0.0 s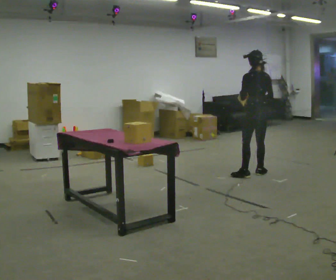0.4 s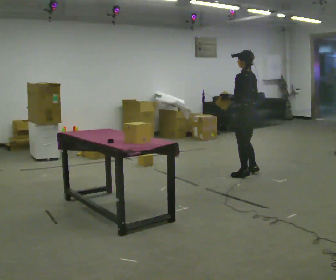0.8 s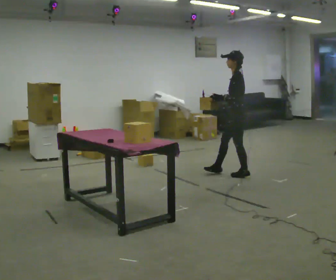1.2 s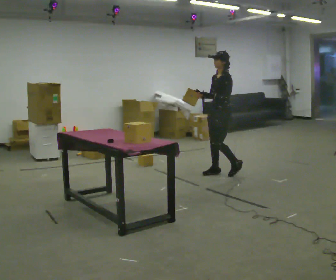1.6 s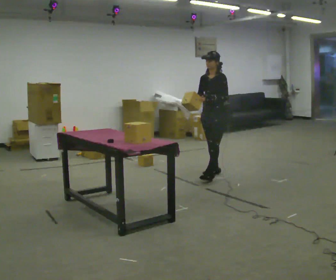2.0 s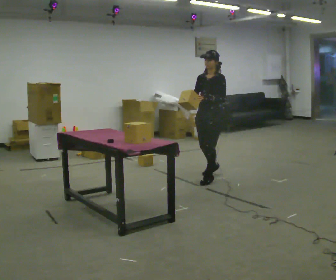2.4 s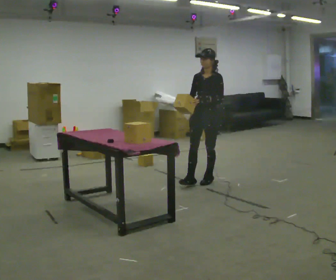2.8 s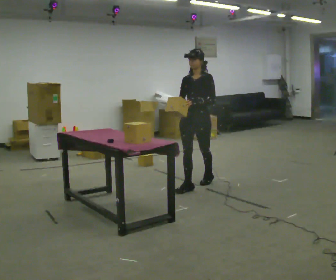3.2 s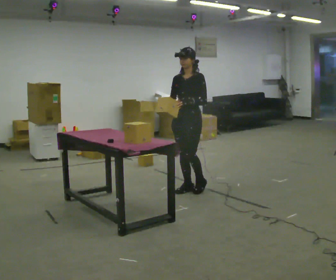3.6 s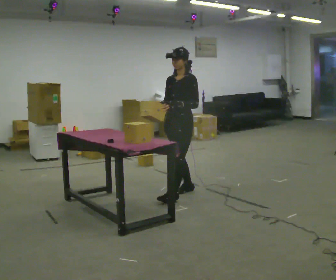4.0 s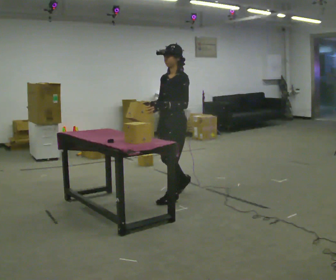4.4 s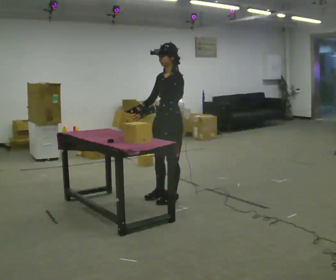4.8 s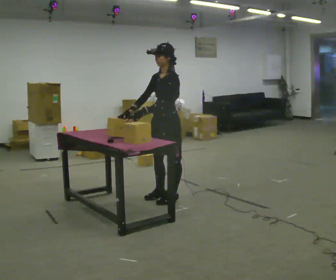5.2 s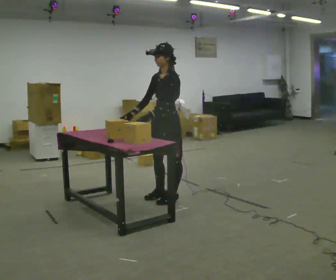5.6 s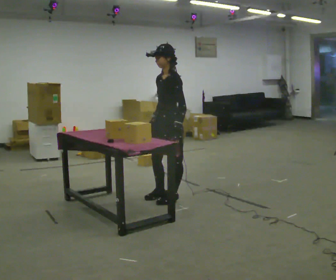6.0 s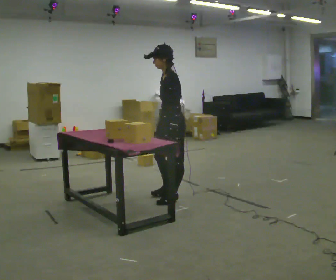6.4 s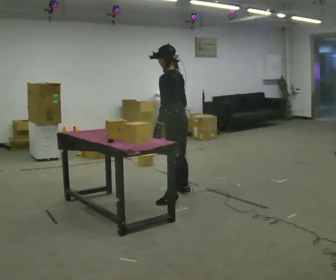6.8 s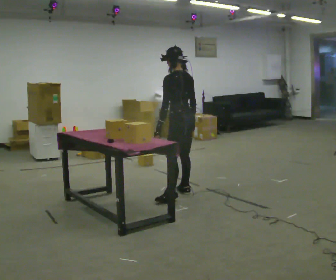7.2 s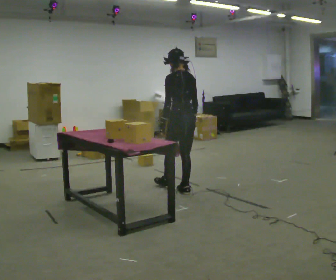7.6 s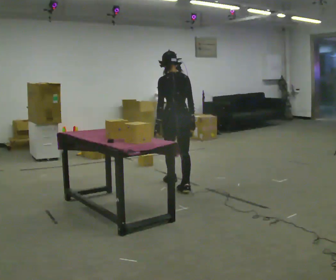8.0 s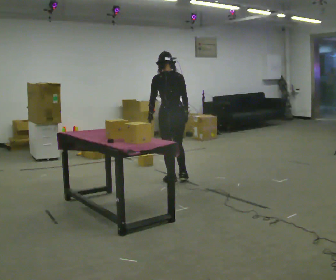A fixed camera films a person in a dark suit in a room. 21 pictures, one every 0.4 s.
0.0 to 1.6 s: The person turns about 120 degrees to their left, counterclockwise seen from above, so the part of the body nearest the lens slides to the right. In the picture they go to the left, about 0.5 m in 1 step.
1.6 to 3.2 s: In the picture they go toward the camera and to the left, about 0.5 m in 2 steps, which for them is forward.
3.2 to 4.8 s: The part of the body nearest the lens slides to the left as the person turns to their right by about 30 degrees. In the picture they go toward the camera and to the left, about 0.5 m in 2 steps, which for them is forward and to their left.
4.8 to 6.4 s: Seen from above the body turns clockwise, about 60 degrees: to their right, with its near side sliding to the left. In the picture their right hand goes to the right, the arm swinging counterclockwise.
6.4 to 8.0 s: Seen from above the body turns clockwise, about 60 degrees: to their right, with its near side sliding to the left. In the picture they go away from the camera, about 0.75 m in 1 step, which for them is forward.
The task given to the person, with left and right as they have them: The operator will name an object. Go and find it, bring it back, and hand it over. Then wait for the next one.
The film runs forward here.
